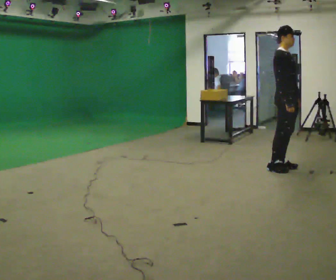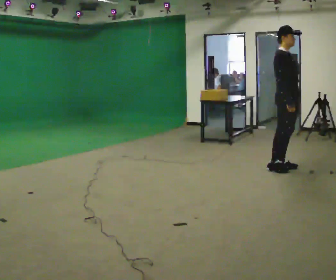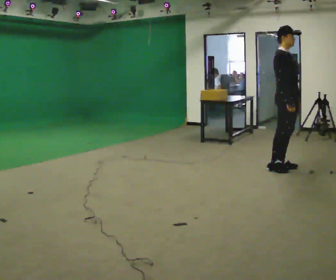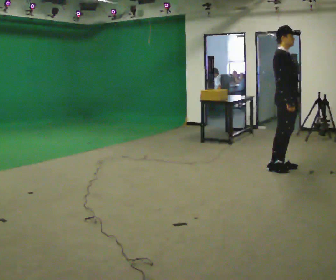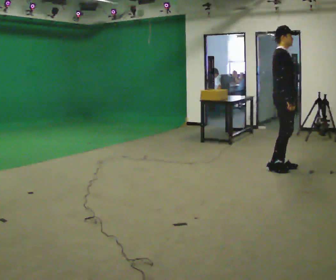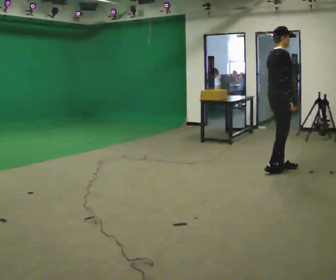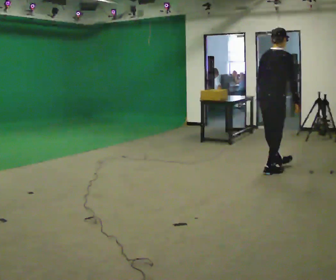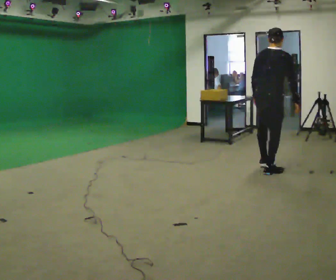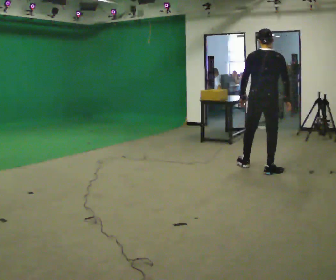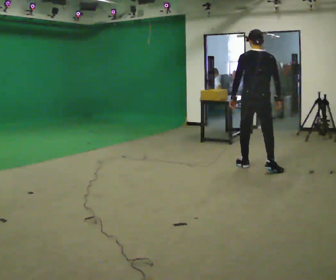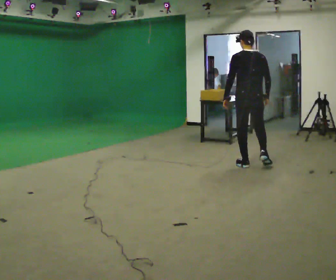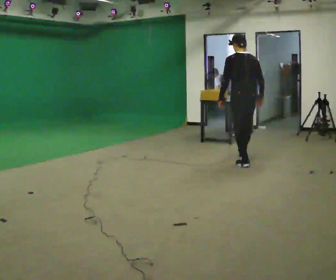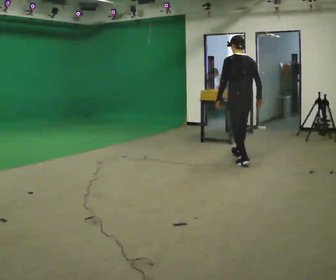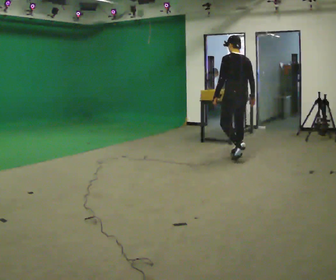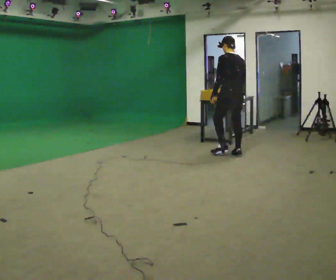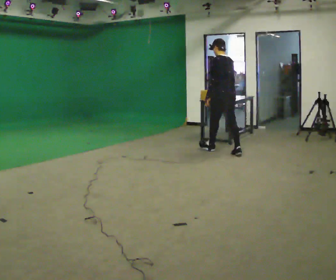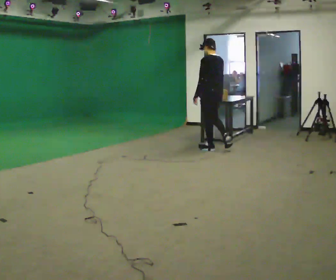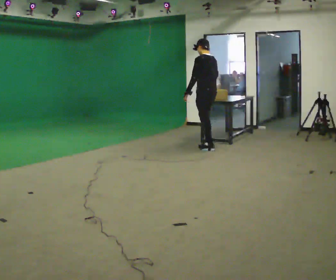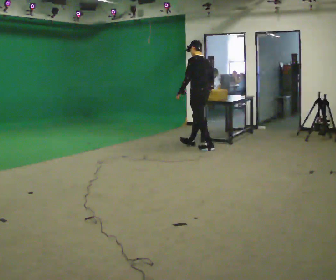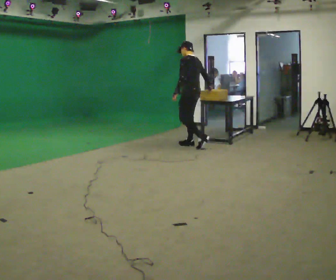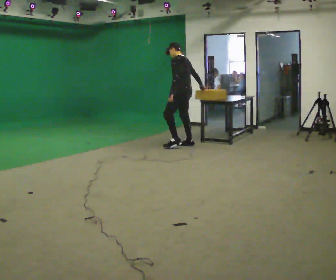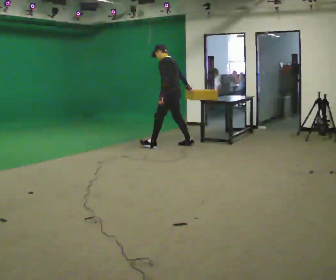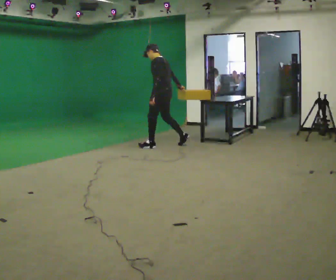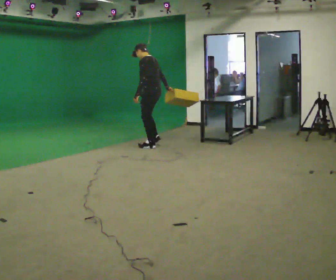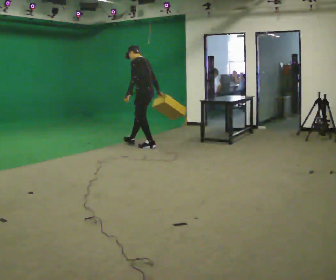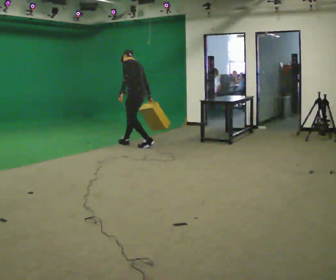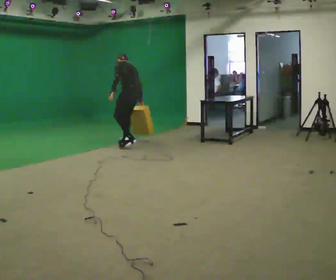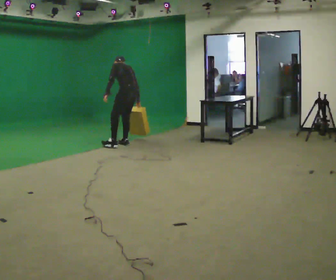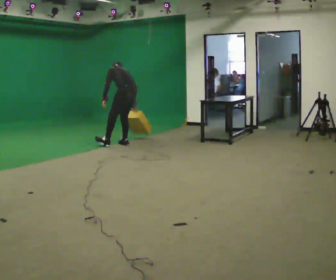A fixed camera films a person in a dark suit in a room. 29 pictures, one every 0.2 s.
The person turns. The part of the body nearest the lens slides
to the right.
The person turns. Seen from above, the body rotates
counterclockwise.
0.0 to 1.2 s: The part of the body nearest the lens slides to the right as the person turns to their left by about 60 degrees. In the picture they go to the left, about 0.25 m in 1 step. In the picture the upper body tilts clockwise, shoulders to the right, as they bend forward. In the picture their left hand goes to the left.
1.2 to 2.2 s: The person turns about 75 degrees to their left, counterclockwise seen from above, so the part of the body nearest the lens slides to the right. In the picture they go away from the camera and to the left, about 0.5 m in 1 step. In the picture the upper body tilts counterclockwise, shoulders to the left.
2.2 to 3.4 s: The part of the body nearest the lens slides to the right as the person turns to their left by about 30 degrees. In the picture they go away from the camera and to the left, about 1 m in 2 steps, which for them is forward.
3.4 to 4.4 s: In the picture they go to the left, about 0.5 m in 2 steps, which for them is forward.
4.4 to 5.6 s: In the picture they go to the left, about 0.5 m in 2 steps, which for them is forward and to their left. The shoulders move downward. The upper body tips away from the camera, its near side rolling upward, as they bend forward. In the picture their right hand goes downward.
The film runs forward here.
